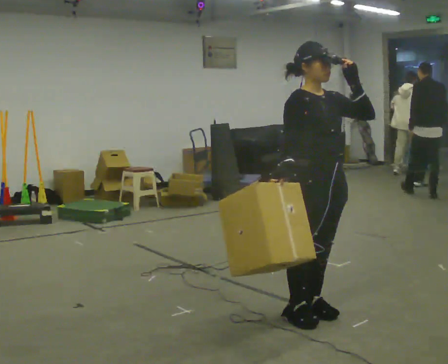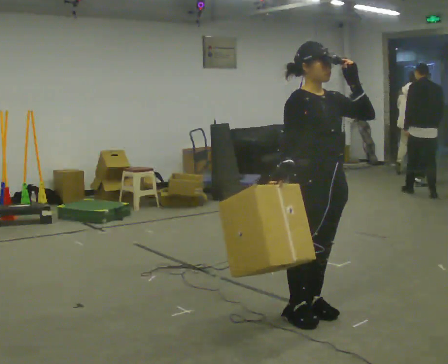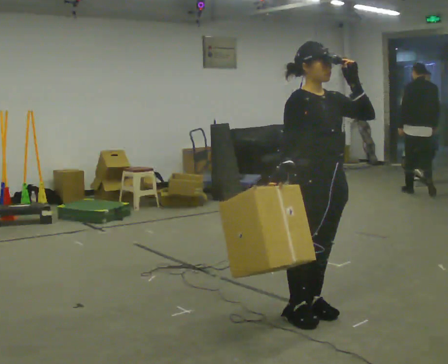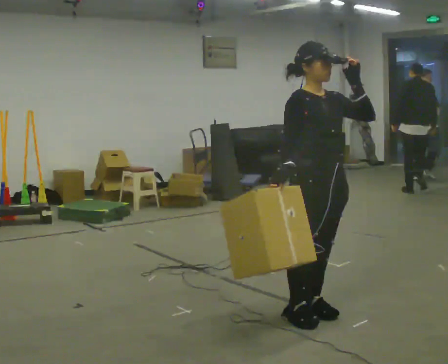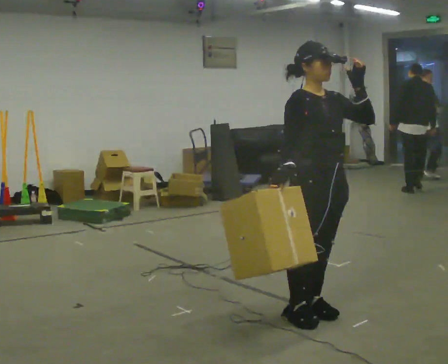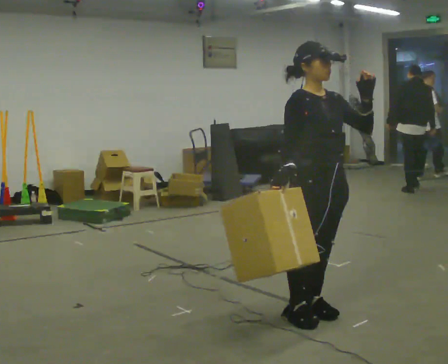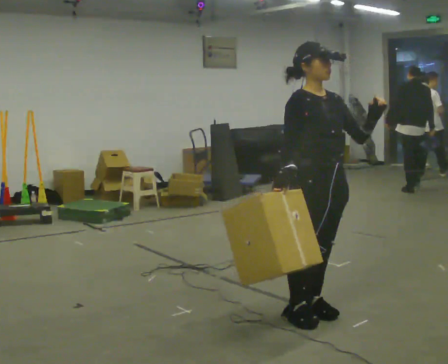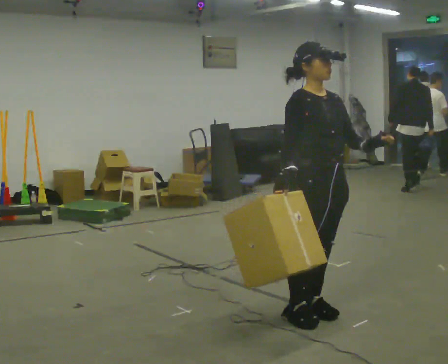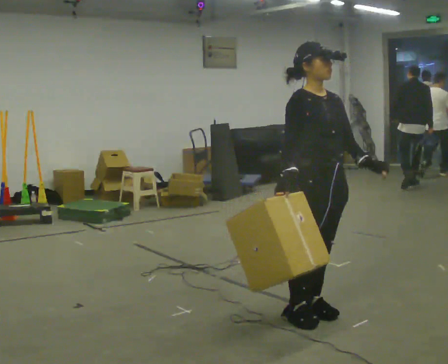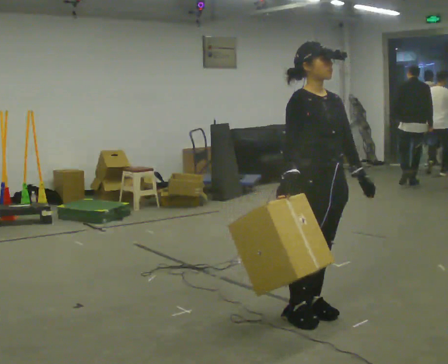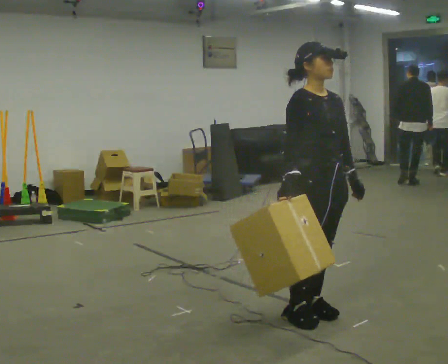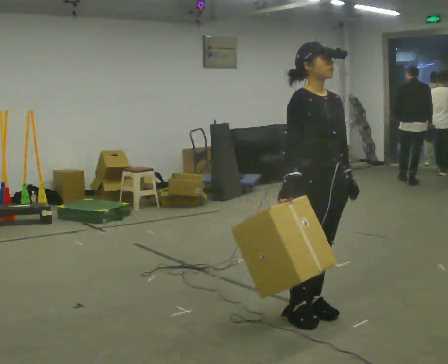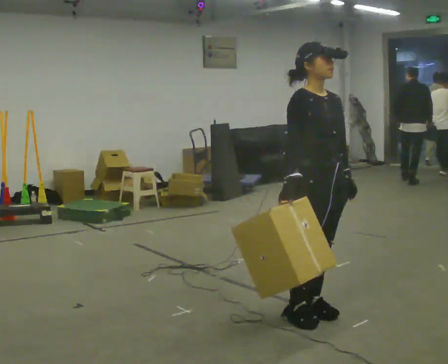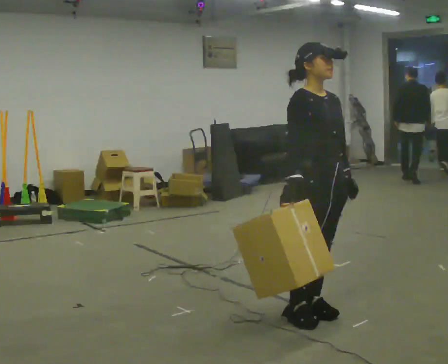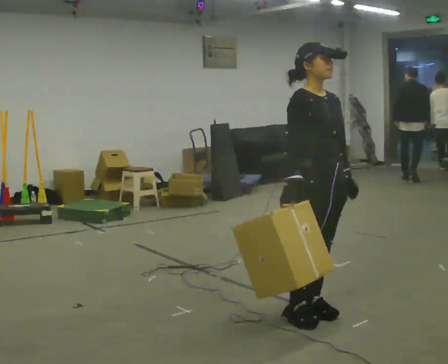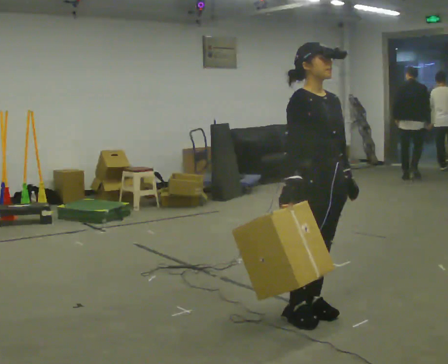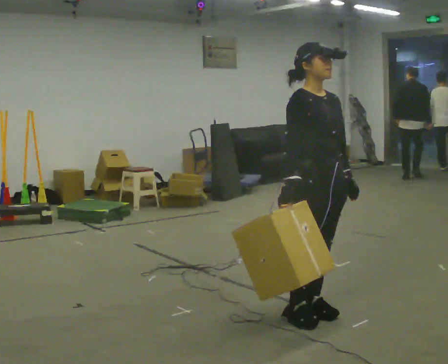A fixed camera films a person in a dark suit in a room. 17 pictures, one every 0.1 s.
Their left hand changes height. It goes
downward.
0.0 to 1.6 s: In the picture their left hand goes downward.
The film runs forward here.
